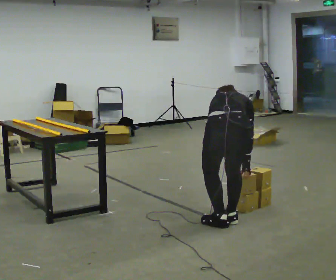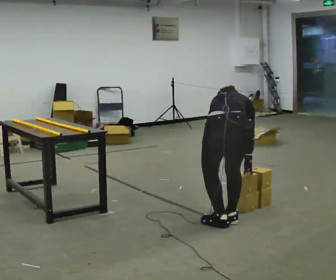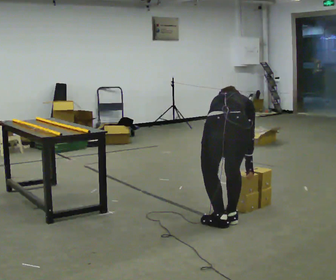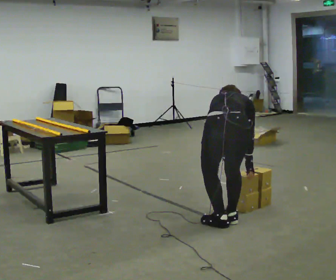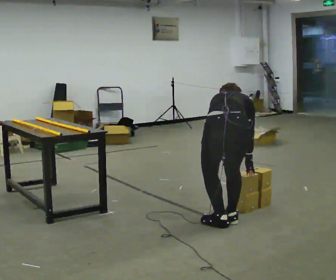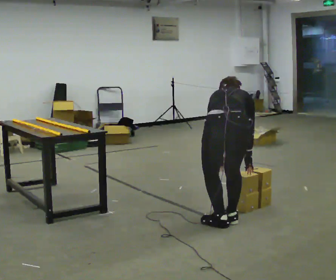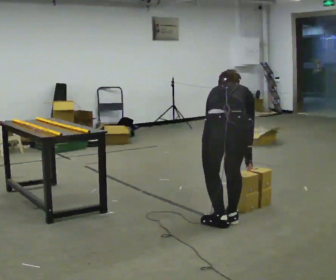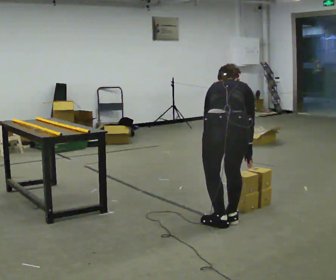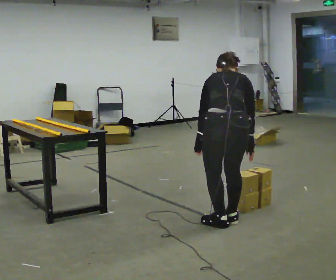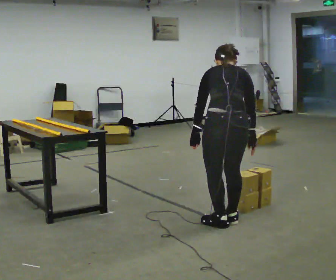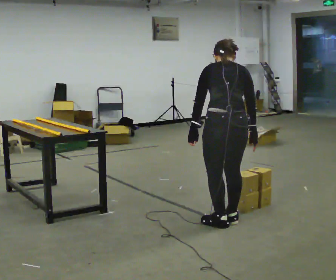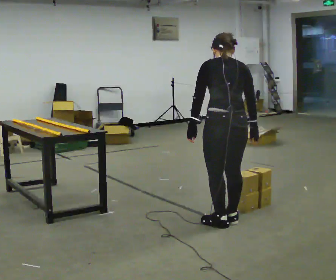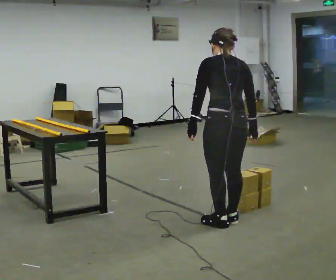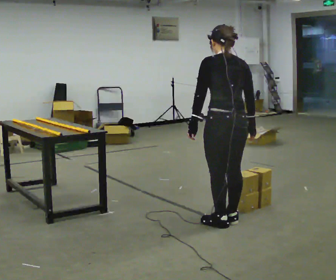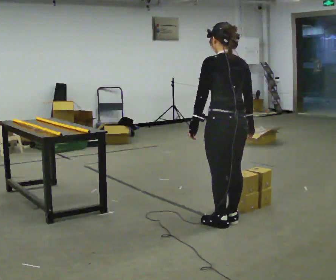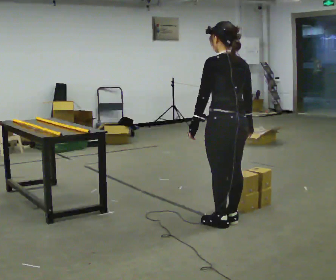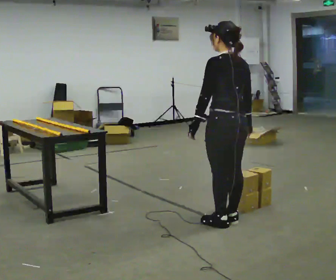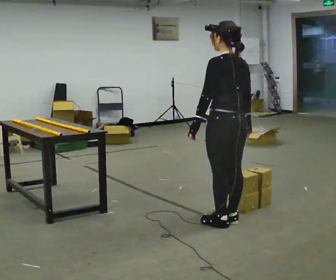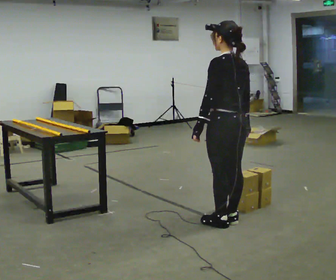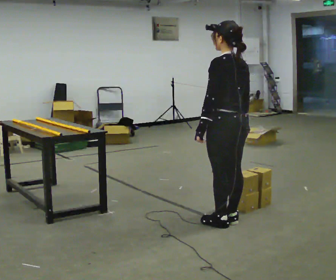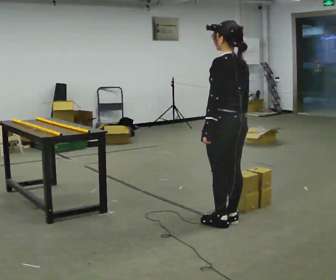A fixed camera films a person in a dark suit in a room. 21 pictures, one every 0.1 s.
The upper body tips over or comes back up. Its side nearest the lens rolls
downward.
The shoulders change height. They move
upward.
0.0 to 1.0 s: The upper body goes upward. The upper body tips toward the camera, its near side rolling downward, as they lean back or straighten. In the picture their left hand goes upward.
1.0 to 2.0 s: The person turns about 45 degrees to their left, counterclockwise seen from above, so the part of the body nearest the lens slides to the right. The upper body tips toward the camera, its near side rolling downward, as they lean back or straighten.
The film runs backward here.
